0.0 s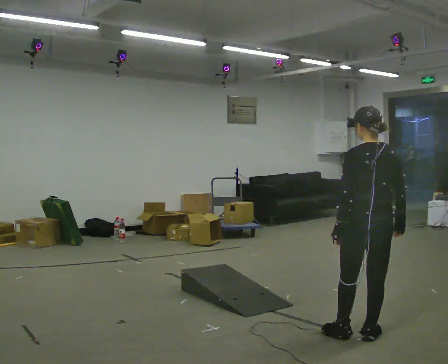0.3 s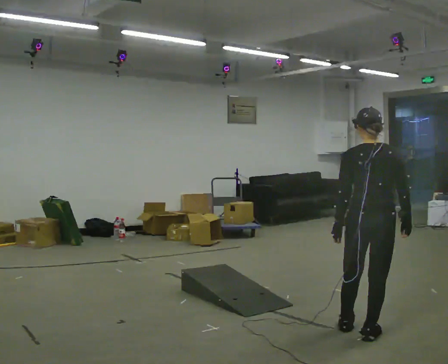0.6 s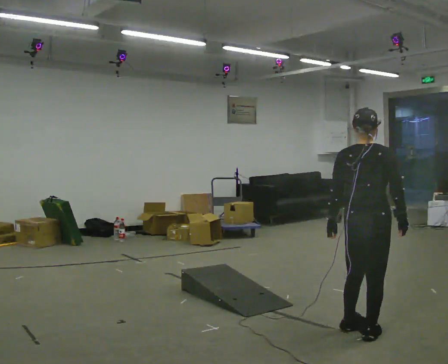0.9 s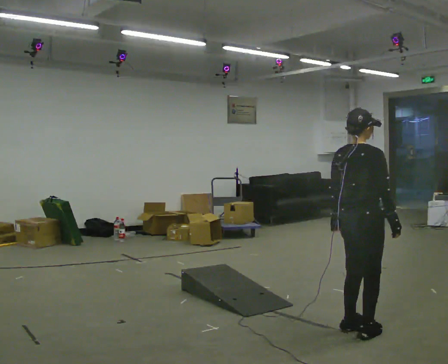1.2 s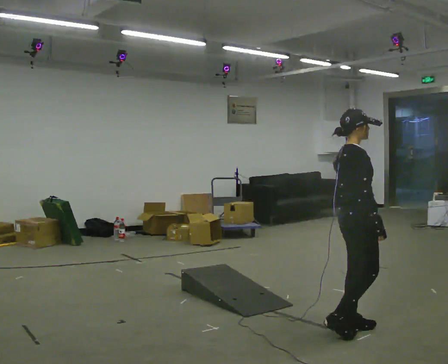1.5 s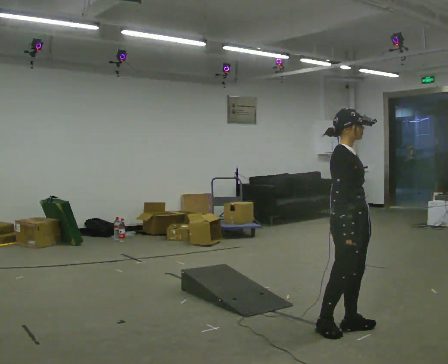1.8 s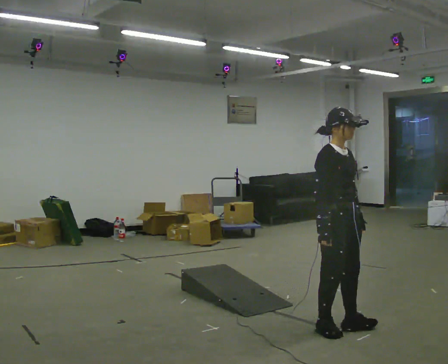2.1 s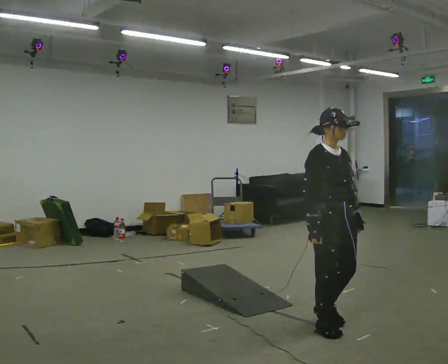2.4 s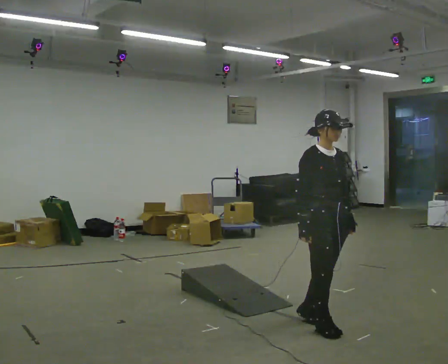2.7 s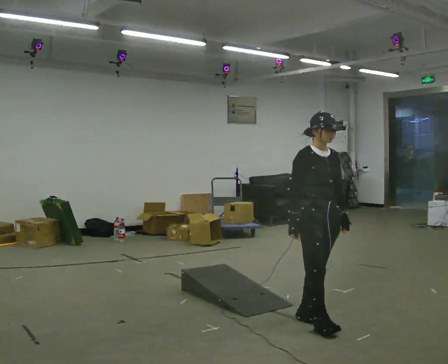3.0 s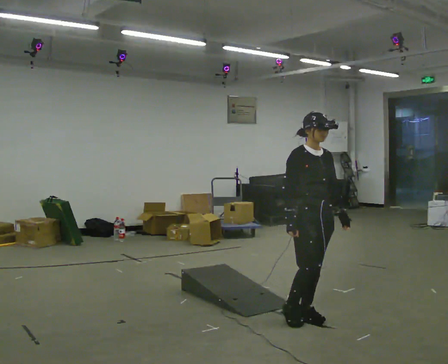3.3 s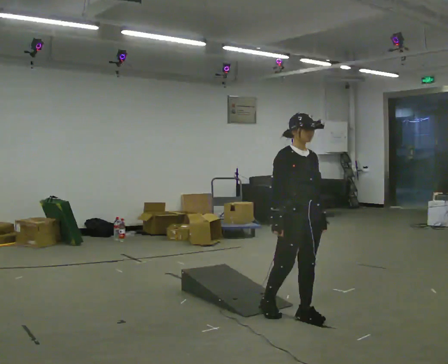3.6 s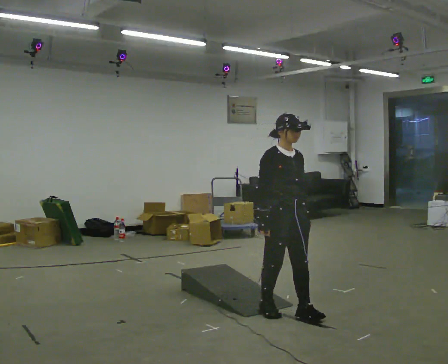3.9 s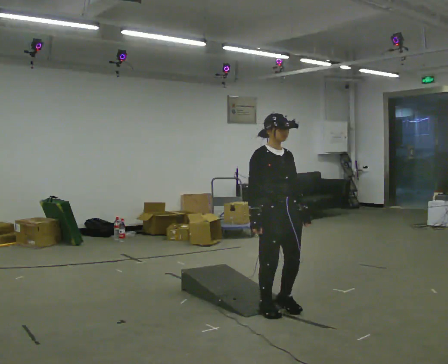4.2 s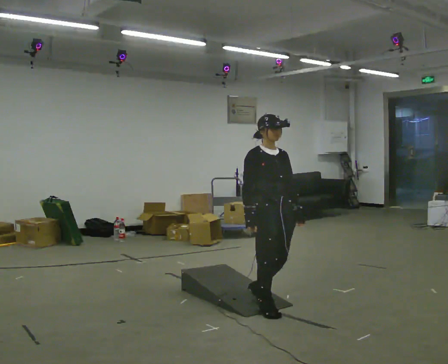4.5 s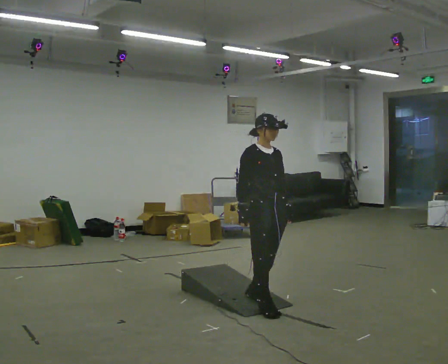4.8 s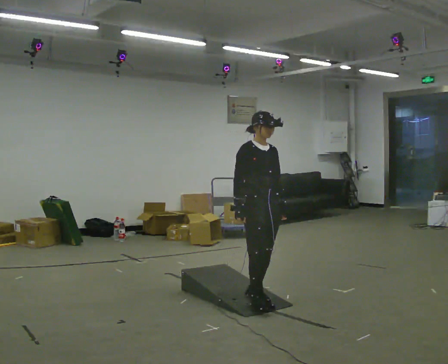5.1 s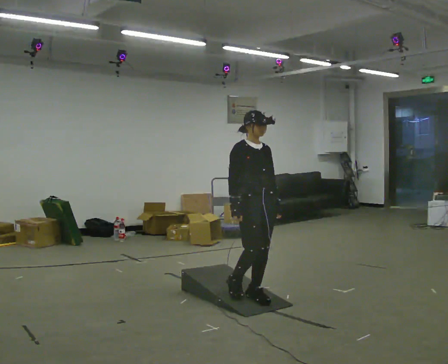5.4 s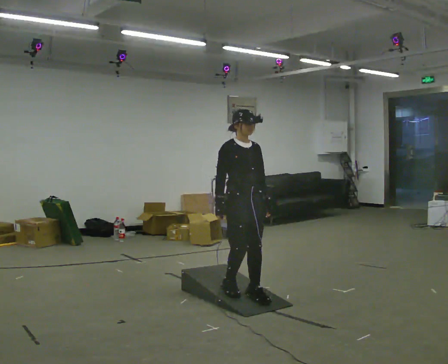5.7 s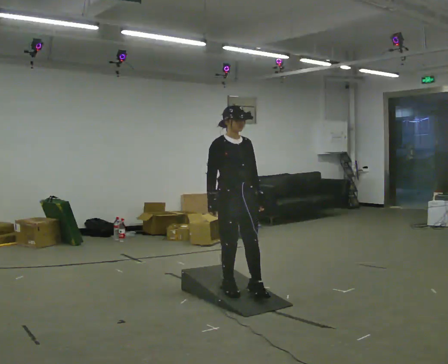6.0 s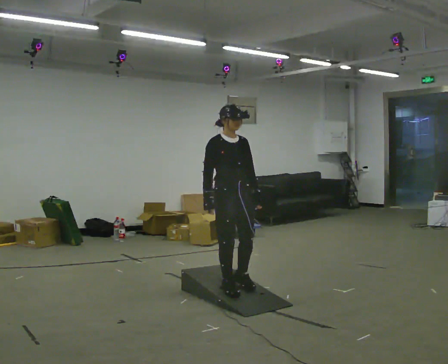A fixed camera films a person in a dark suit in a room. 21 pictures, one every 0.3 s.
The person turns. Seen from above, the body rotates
clockwise.
The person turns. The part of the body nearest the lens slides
to the left.
0.0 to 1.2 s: The person turns about 105 degrees to their right, clockwise seen from above, so the part of the body nearest the lens slides to the left. In the picture they go away from the camera, about 0.25 m in 1 step.
1.2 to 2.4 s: The part of the body nearest the lens slides to the left as the person turns to their right by about 60 degrees. In the picture they go to the left, about 0.25 m in 1 step, which for them is backward. In the picture their right hand goes to the left.
2.4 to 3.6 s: In the picture they go to the left and away from the camera, about 0.5 m in 1 step, which for them is backward.
3.6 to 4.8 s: In the picture they go away from the camera and to the left, about 0.25 m in 2 steps, which for them is backward.
4.8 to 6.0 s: In the picture they go to the left, about 0.25 m in 1 step, which for them is backward.
The film runs backward here.
